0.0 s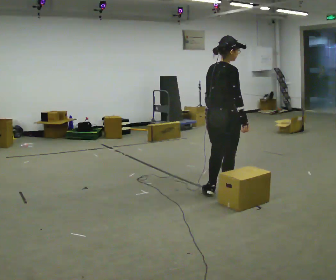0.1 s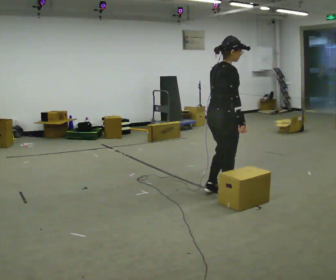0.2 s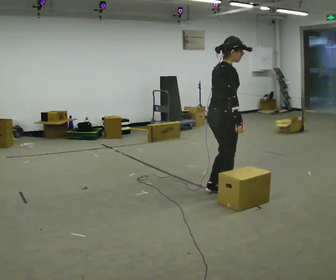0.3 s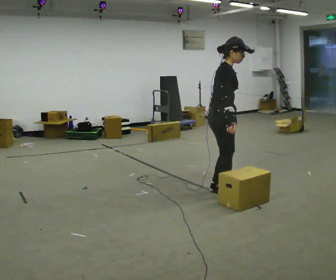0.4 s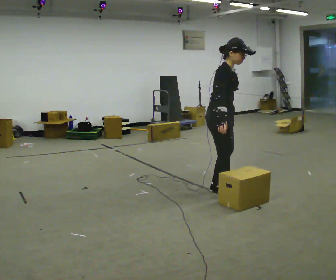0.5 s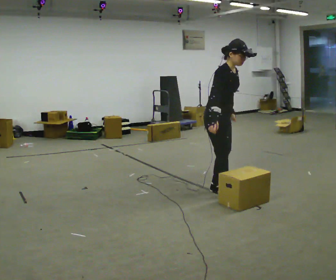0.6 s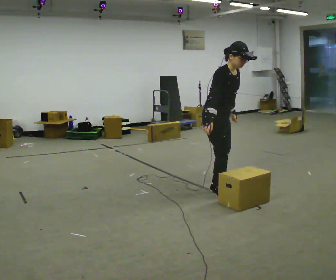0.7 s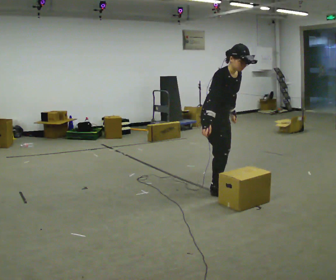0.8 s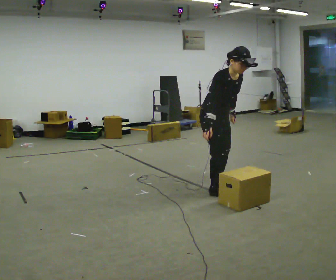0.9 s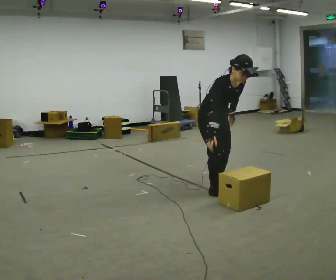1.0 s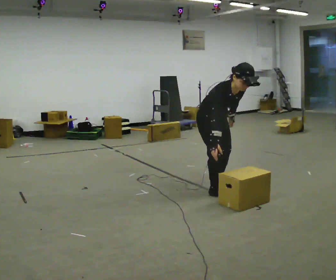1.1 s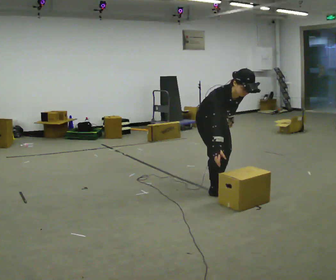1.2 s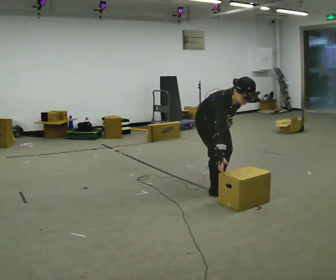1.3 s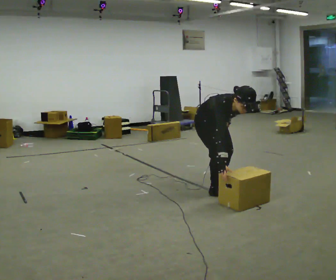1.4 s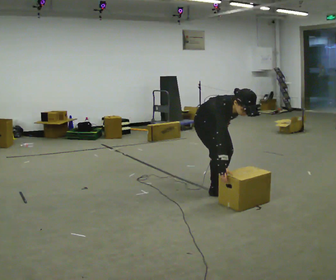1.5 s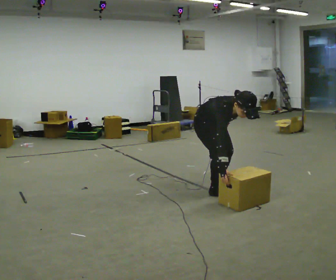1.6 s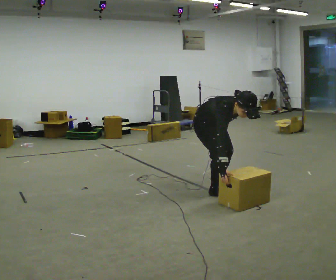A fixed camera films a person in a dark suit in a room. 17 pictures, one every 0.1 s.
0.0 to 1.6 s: The person turns about 90 degrees to their right, clockwise seen from above, so the part of the body nearest the lens slides to the left. In the picture they go to the left and away from the camera, about 0.25 m in 1 step. The upper body goes downward. In the picture the upper body tilts clockwise, shoulders to the right, as they bend forward.
The film runs forward here.
